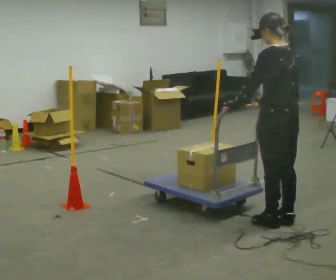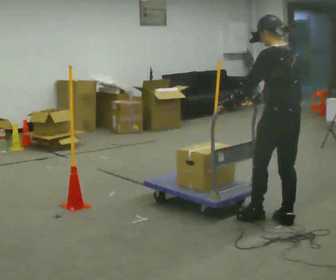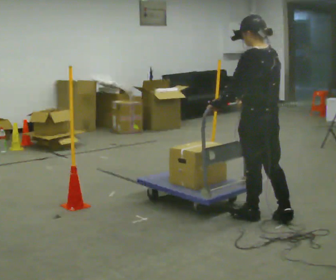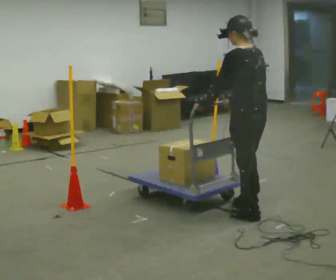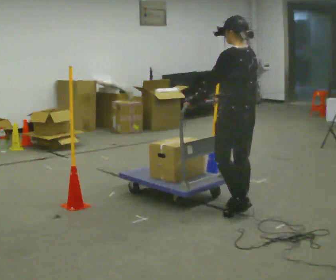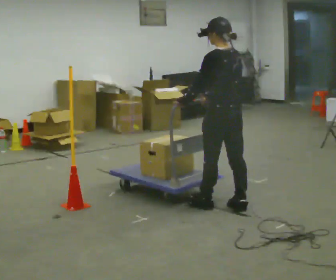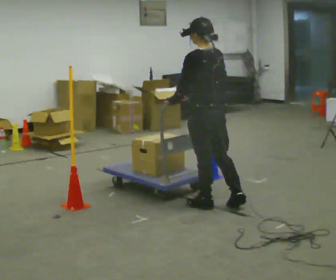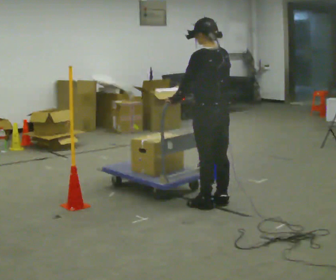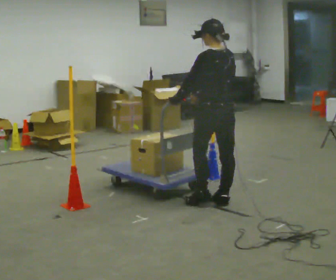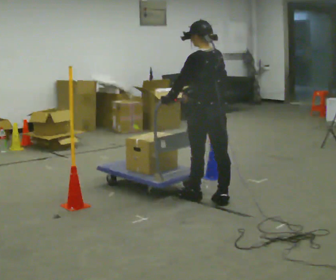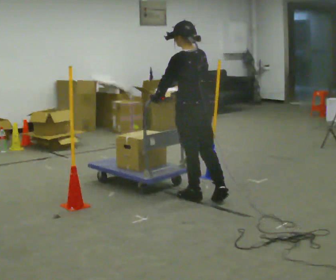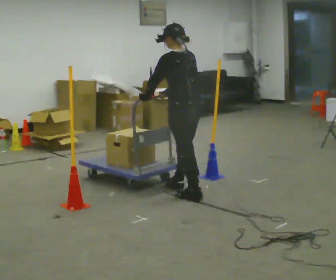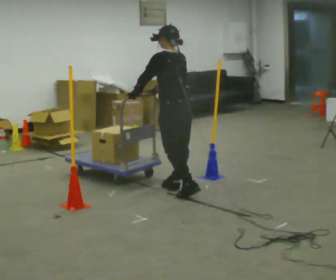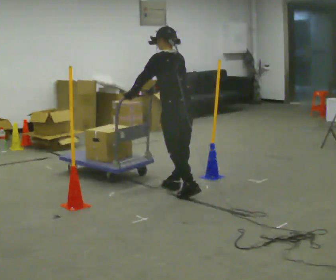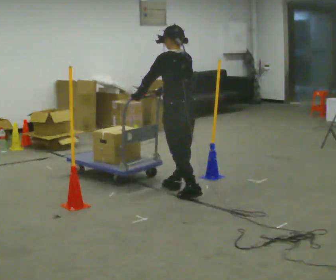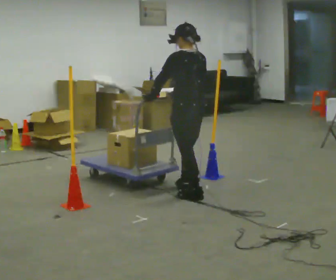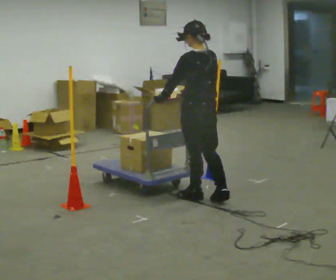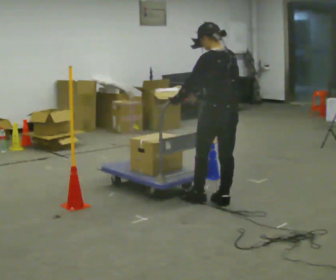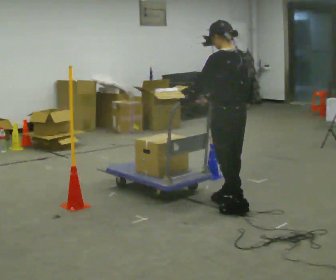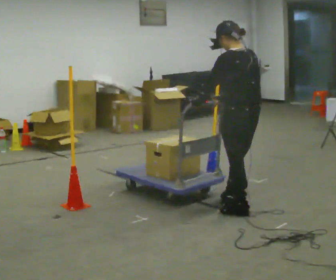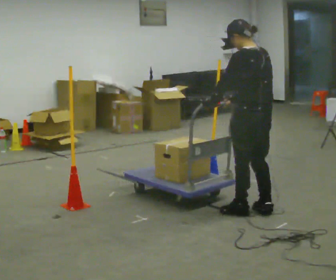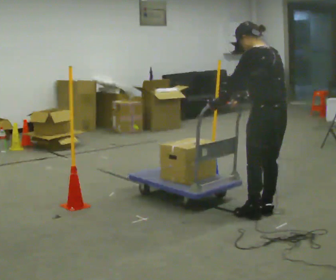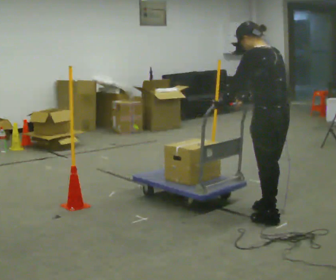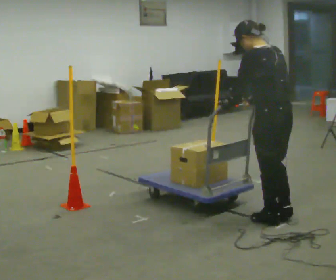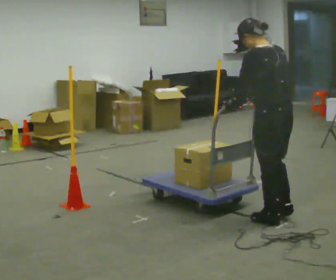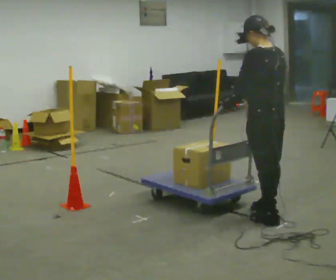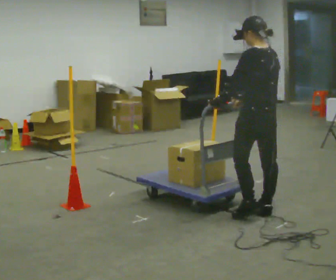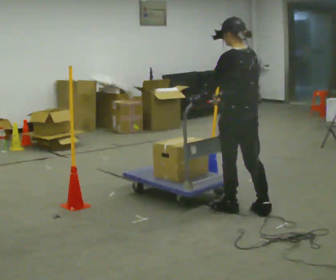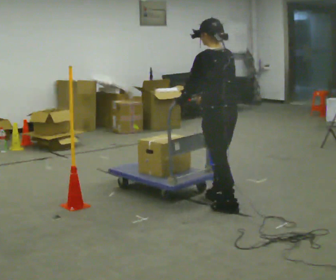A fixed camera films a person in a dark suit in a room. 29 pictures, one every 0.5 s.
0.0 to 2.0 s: In the picture they go away from the camera and to the left, about 0.5 m in 2 steps, which for them is forward.
2.0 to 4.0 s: In the picture they go away from the camera, about 0.25 m in 2 steps, which for them is forward.
4.0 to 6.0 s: In the picture they go away from the camera and to the left, about 0.5 m in 2 steps, which for them is forward.
6.0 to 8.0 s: In the picture they go toward the camera and to the right, about 0.25 m in 1 step, which for them is backward.
8.0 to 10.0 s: In the picture they go toward the camera and to the right, about 0.5 m in 2 steps, which for them is backward.
10.0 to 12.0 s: In the picture they go toward the camera, about 0.25 m in 2 steps, which for them is backward.
12.0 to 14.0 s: In the picture they go away from the camera and to the left, about 0.5 m in 2 steps, which for them is forward.
The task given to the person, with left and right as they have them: Push the cart through the gap between the poles without touching them, then bring it back through.
The film runs forward here.
